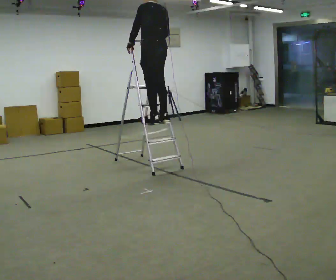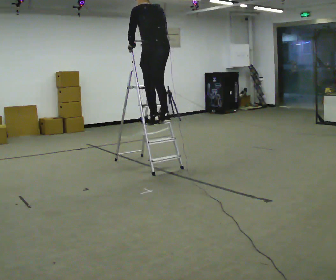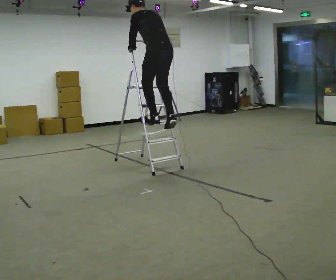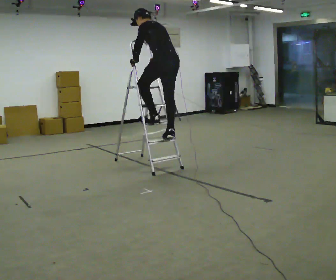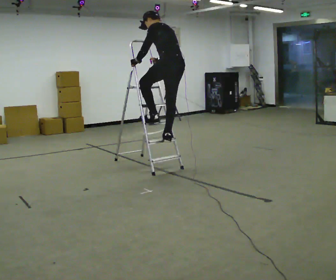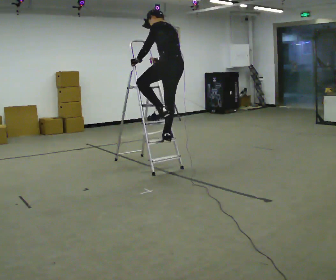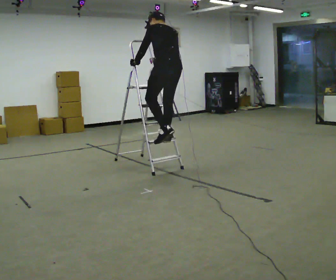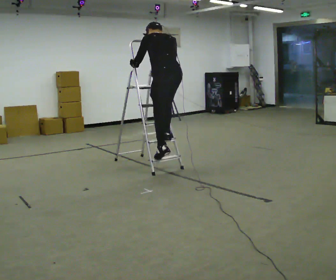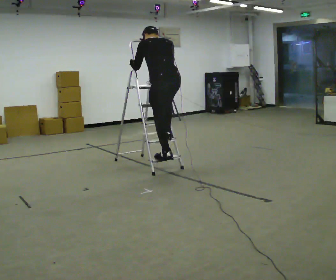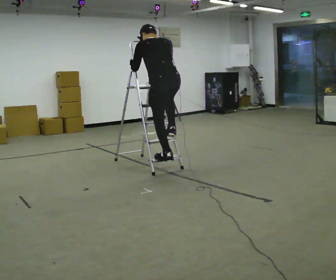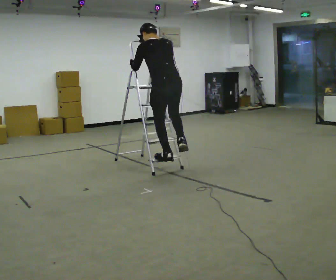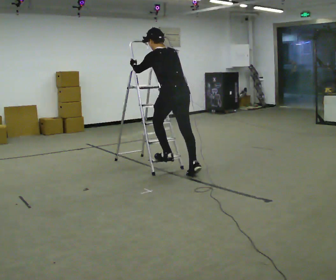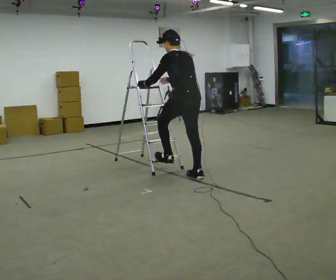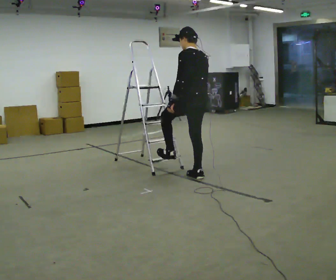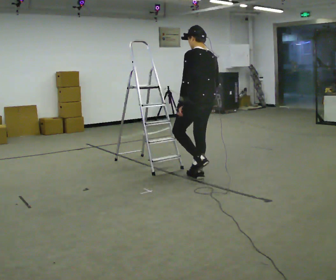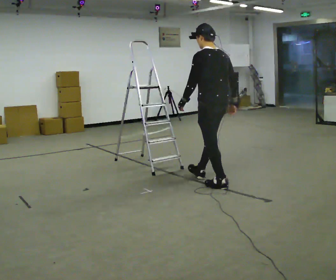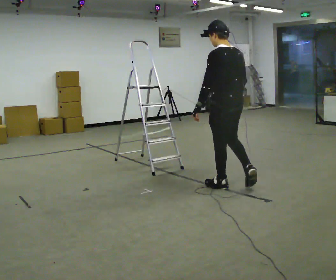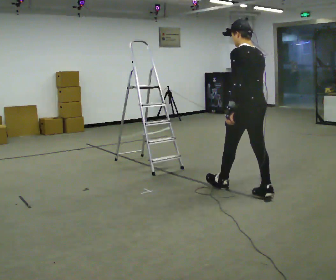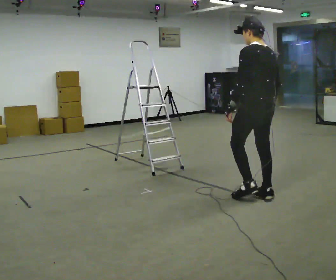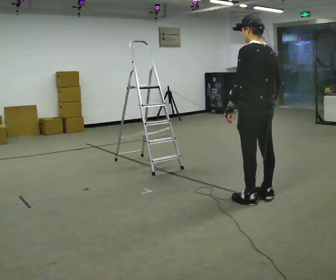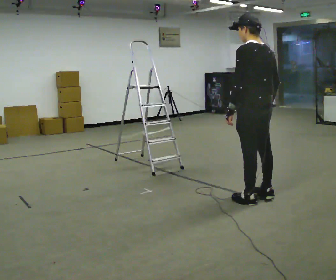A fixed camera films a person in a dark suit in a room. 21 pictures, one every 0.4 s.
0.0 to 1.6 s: In the picture they go to the right, about 0.25 m in 1 step, which for them is backward. The upper body goes downward. The upper body tips away from the camera, its near side rolling upward, as they bend forward.
1.6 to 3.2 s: Seen from above the body turns clockwise, about 30 degrees: to their right, with its near side sliding to the left. In the picture they go toward the camera, about 0.25 m in 1 step, which for them is to their left. The shoulders move downward.
3.2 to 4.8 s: In the picture they go to the right, about 0.25 m in 1 step, which for them is backward and to their right. The upper body goes downward.
4.8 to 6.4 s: In the picture they go toward the camera and to the right, about 0.75 m in 2 steps, which for them is backward.
6.4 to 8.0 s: In the picture they go toward the camera and to the right, about 0.5 m in 1 step, which for them is backward.
The film runs backward here.
